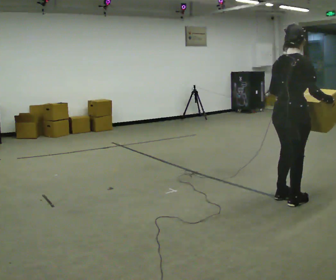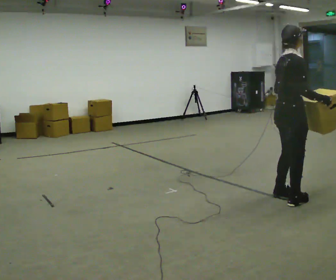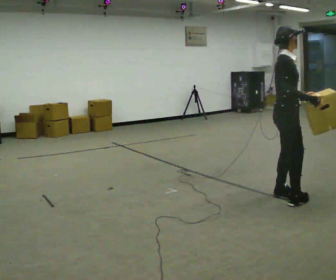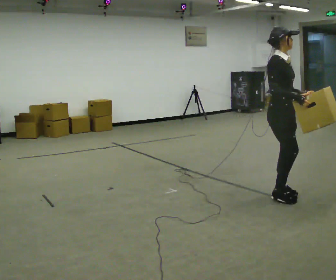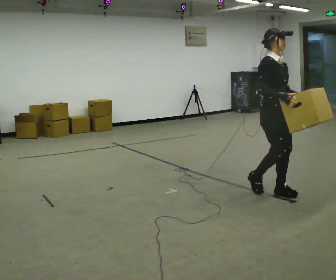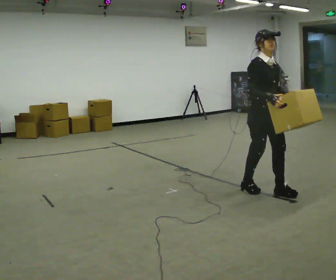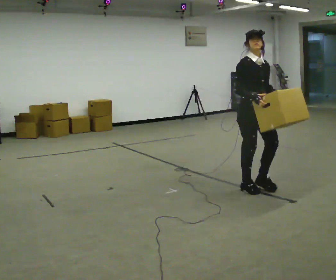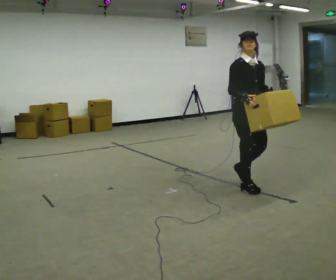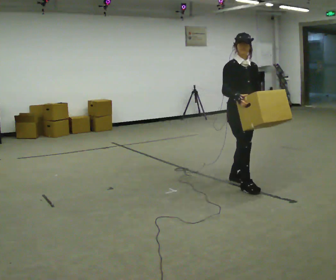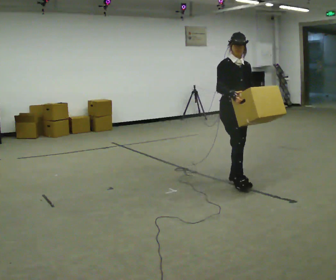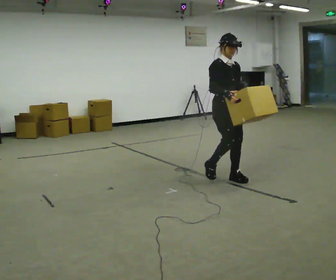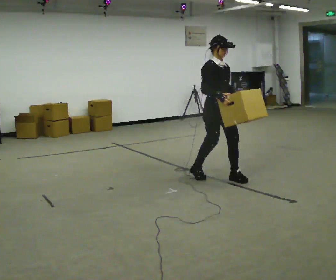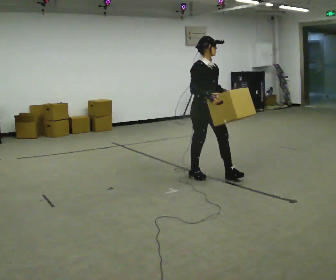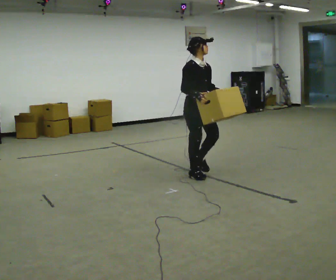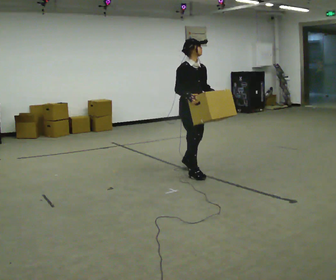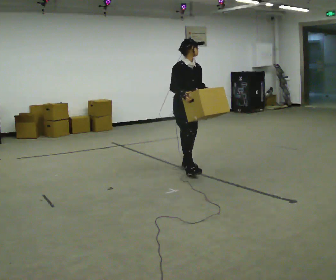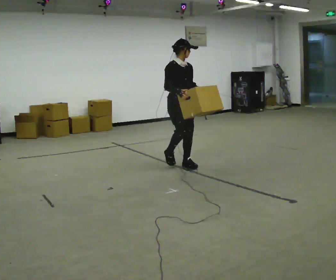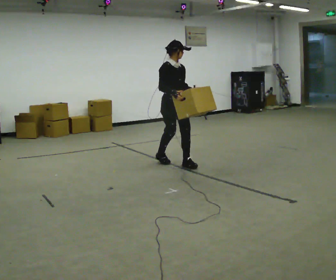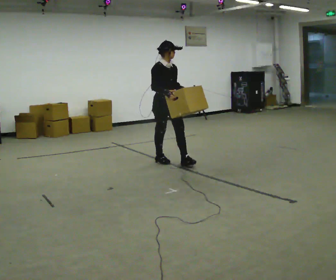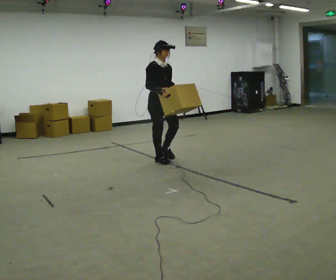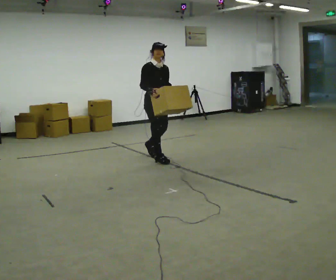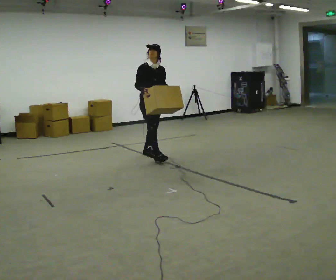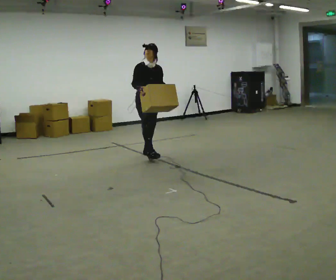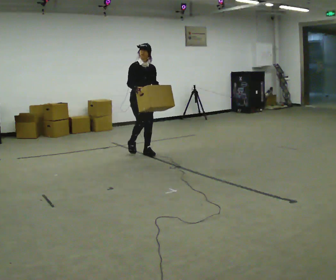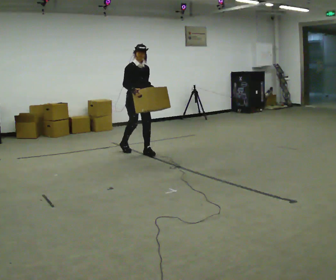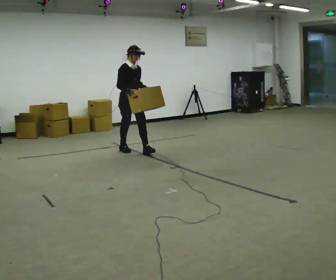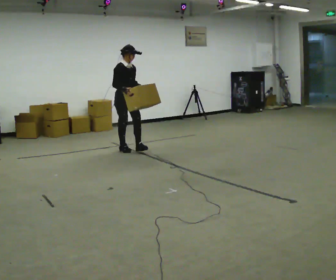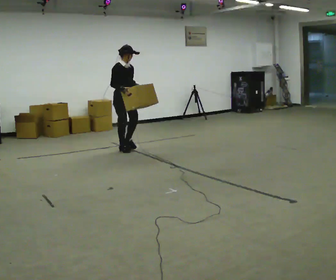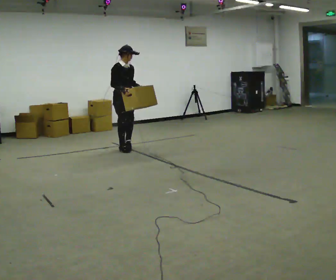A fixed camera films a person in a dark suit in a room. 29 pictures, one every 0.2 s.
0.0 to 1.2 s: The part of the body nearest the lens slides to the left as the person turns to their right by about 90 degrees. In the picture they go away from the camera and to the left, about 0.5 m in 2 steps.
1.2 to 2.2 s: In the picture they go away from the camera and to the left, about 0.5 m in 1 step, which for them is backward.
2.2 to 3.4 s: In the picture they go away from the camera and to the left, about 1 m in 2 steps, which for them is backward.
3.4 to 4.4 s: In the picture they go away from the camera and to the left, about 0.75 m in 2 steps, which for them is backward.
4.4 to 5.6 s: In the picture they go to the left and away from the camera, about 0.5 m in 1 step, which for them is backward.
The film runs backward here.
